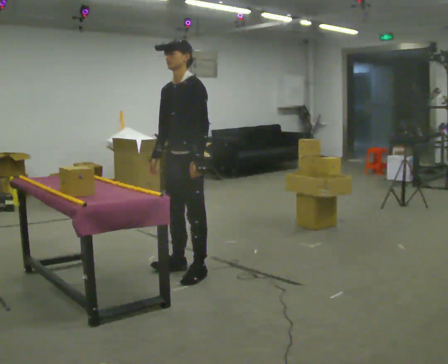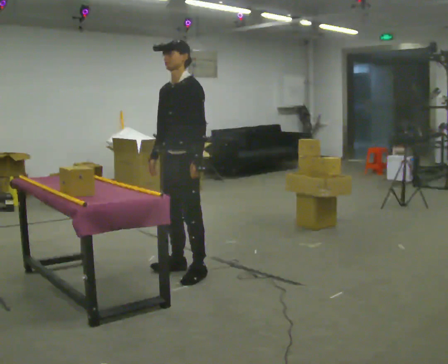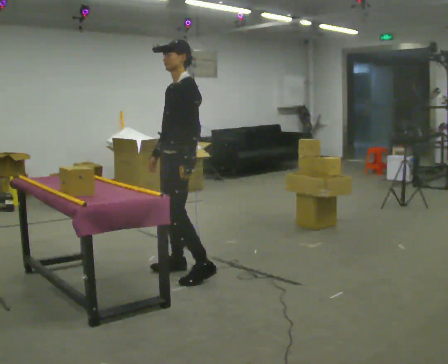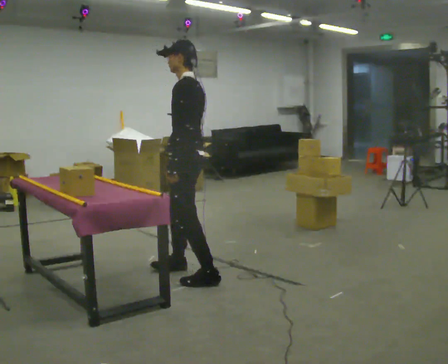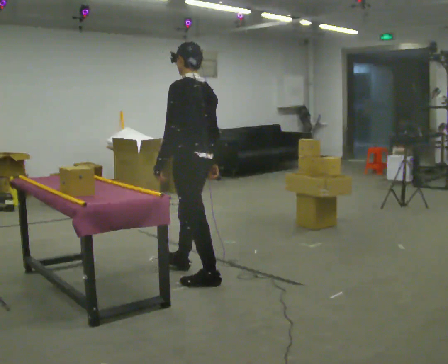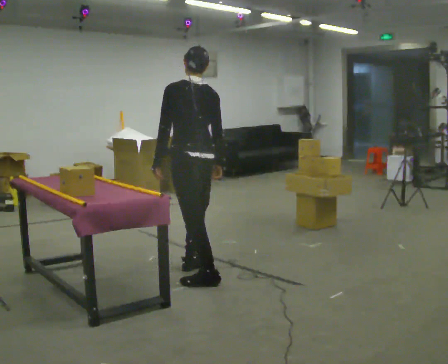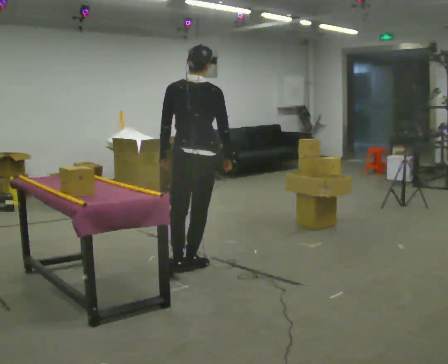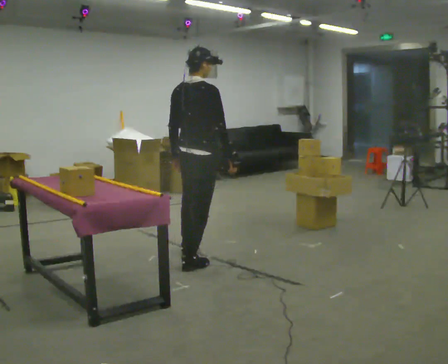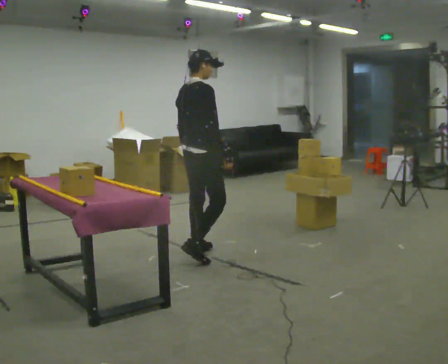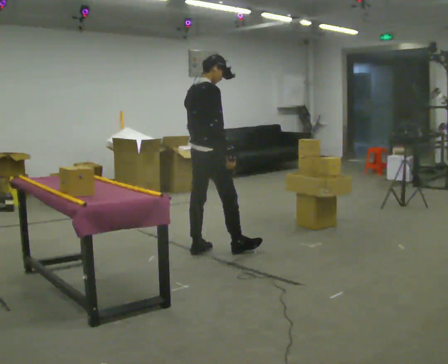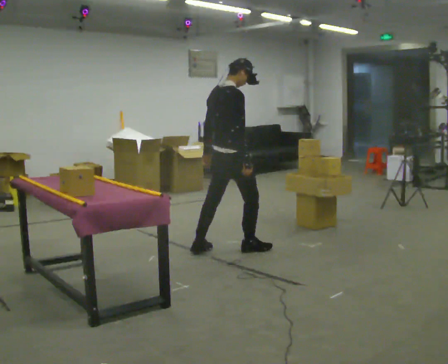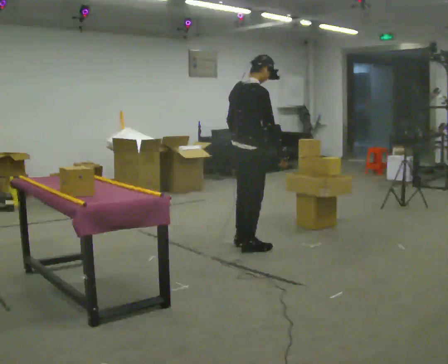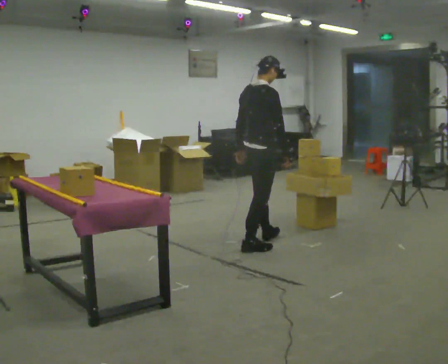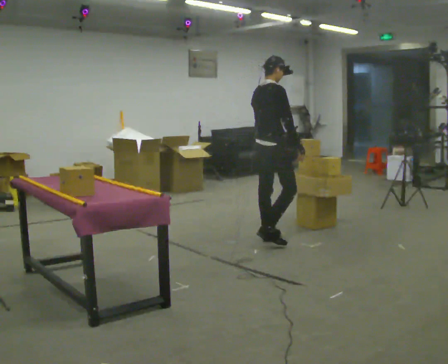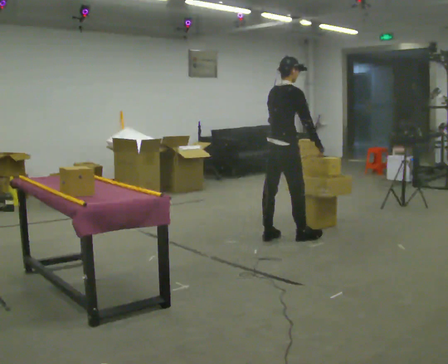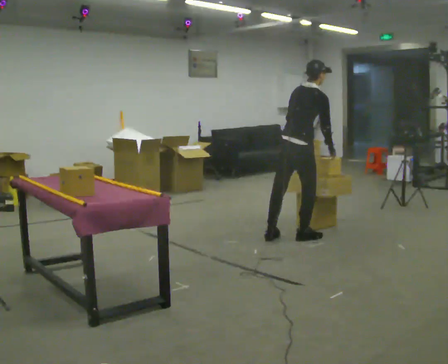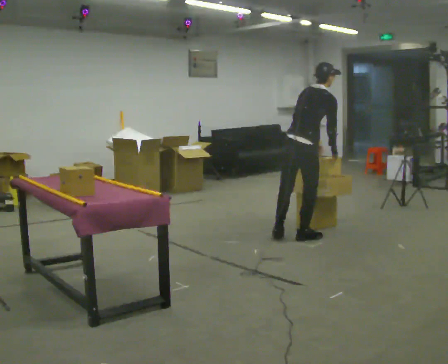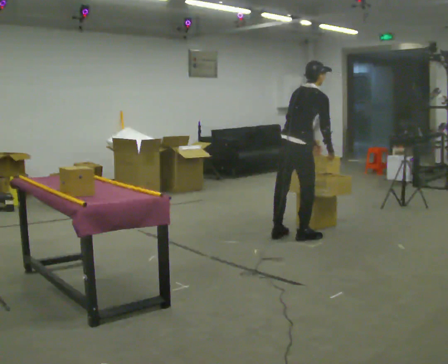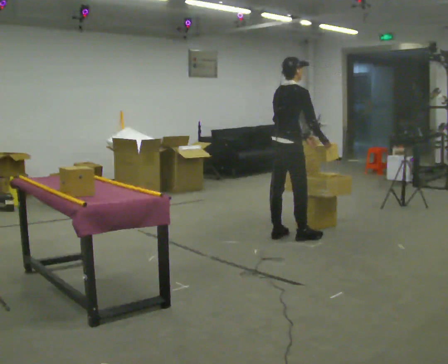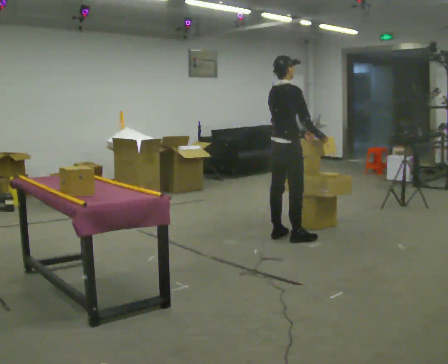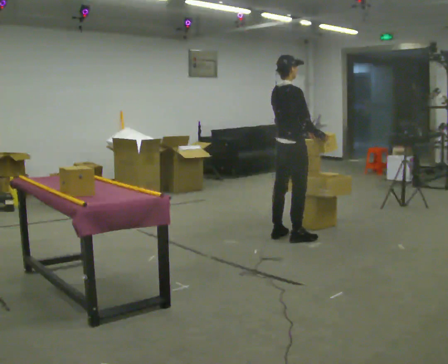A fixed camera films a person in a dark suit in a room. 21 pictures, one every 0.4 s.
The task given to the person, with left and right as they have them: Carry the object over and fit it into the gap between the two boxes already on the shelf, without touching either of them. Keep going until the operator says stop; one object at a time, and do not rush between trips.
0.0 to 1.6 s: Seen from above the body turns clockwise, about 75 degrees: to their right, with its near side sliding to the left. In the picture they go toward the camera, about 0.25 m in 1 step. In the picture their right hand goes to the right.
1.6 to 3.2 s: The person turns about 105 degrees to their right, clockwise seen from above, so the part of the body nearest the lens slides to the left. In the picture they go away from the camera, about 0.5 m in 1 step.
3.2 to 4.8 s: In the picture they go to the right and away from the camera, about 0.5 m in 2 steps, which for them is forward.
4.8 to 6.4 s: In the picture they go to the right, about 0.5 m in 1 step, which for them is forward. In the picture the upper body tilts clockwise, shoulders to the right, as they bend forward.
6.4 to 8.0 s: In the picture the upper body tilts counterclockwise, shoulders to the left, as they lean back or straighten.
The film runs forward here.
